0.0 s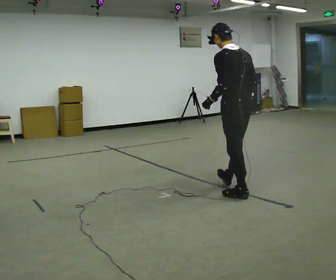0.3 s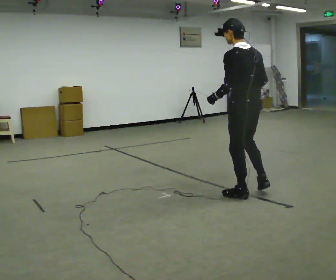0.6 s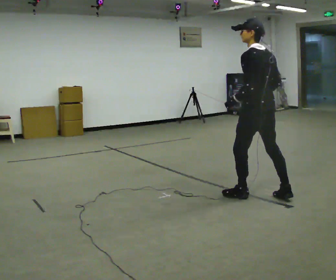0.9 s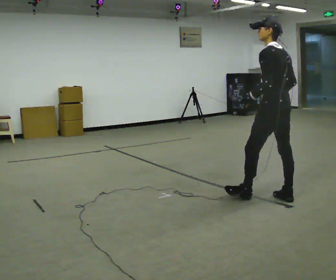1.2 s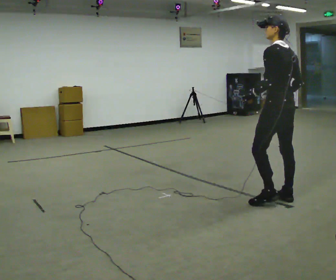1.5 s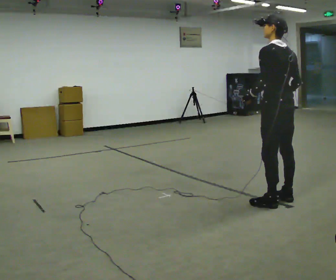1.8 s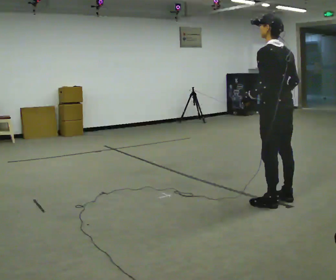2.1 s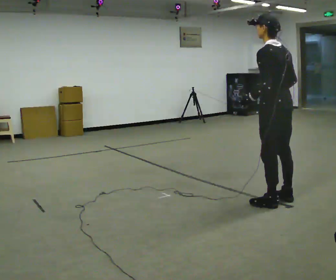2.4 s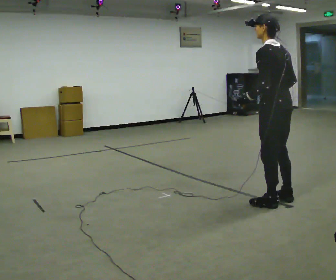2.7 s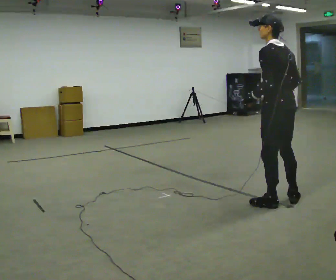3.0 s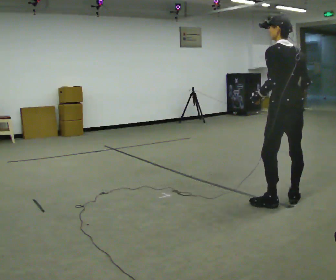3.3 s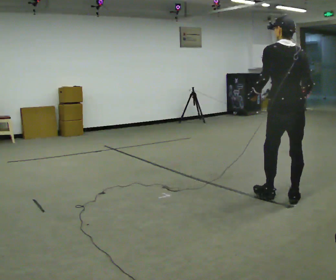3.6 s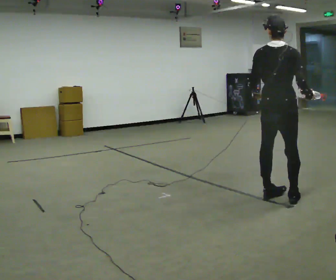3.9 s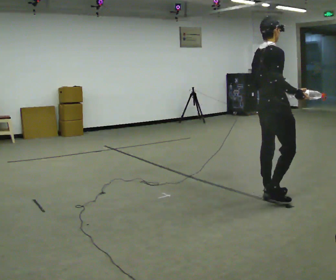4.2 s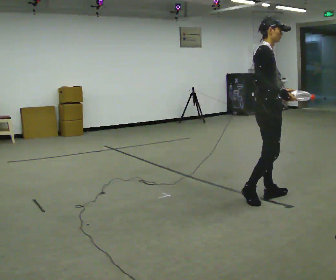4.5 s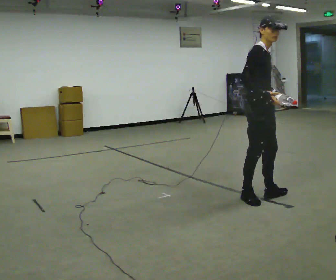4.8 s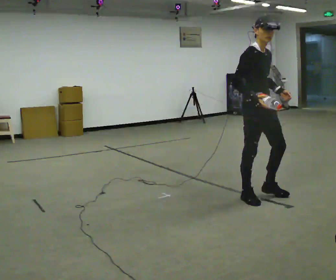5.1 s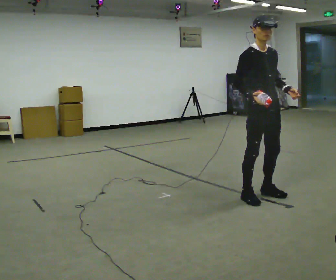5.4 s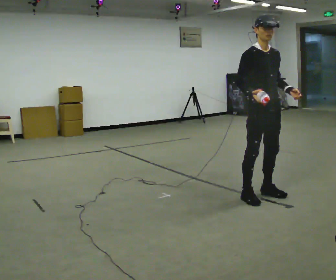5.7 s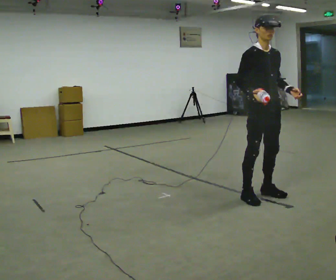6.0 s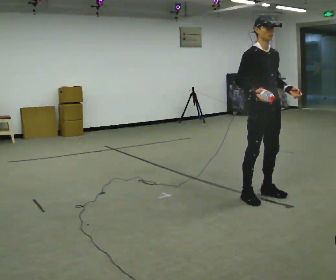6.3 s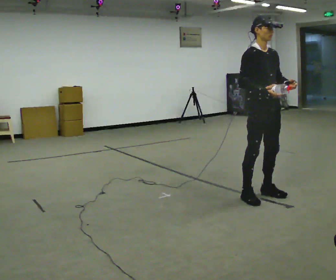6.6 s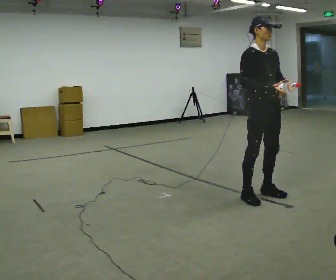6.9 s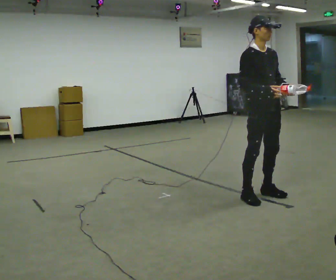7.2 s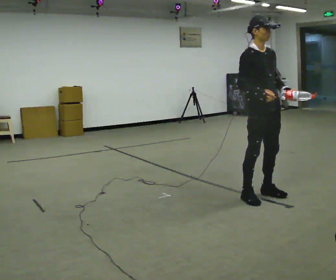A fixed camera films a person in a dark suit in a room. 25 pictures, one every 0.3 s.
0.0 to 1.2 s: In the picture they go to the right, about 0.5 m in 1 step, which for them is backward.
1.2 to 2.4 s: The person moves a little, or ends about where they began.
2.4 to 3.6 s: The person turns about 60 degrees to their right, clockwise seen from above, so the part of the body nearest the lens slides to the left. In the picture their right hand goes to the right.
3.6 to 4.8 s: Seen from above the body turns clockwise, about 105 degrees: to their right, with its near side sliding to the left. In the picture they go to the left, about 0.25 m in 1 step.
4.8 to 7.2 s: The person moves a little, or ends about where they began.
The film runs backward here.
